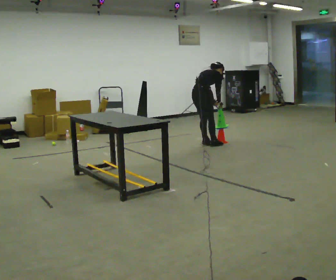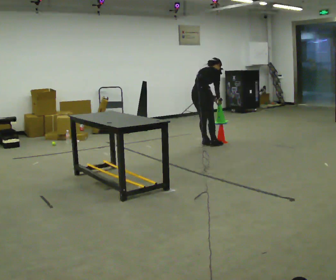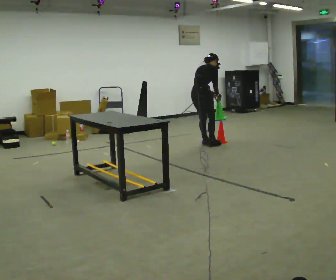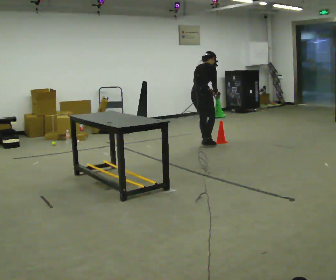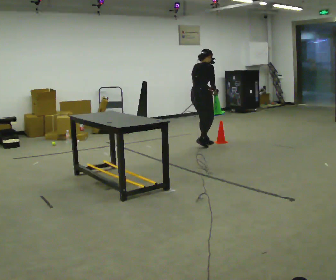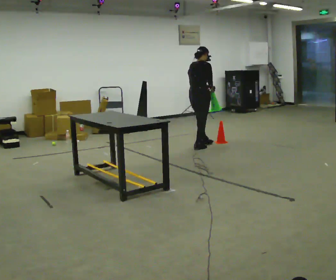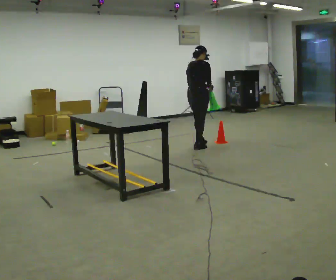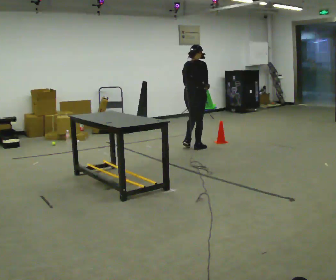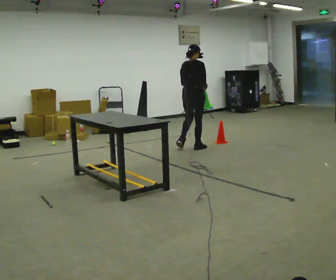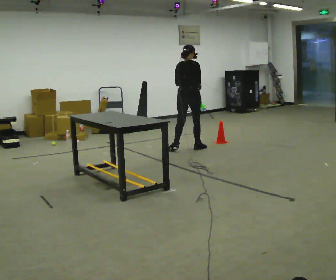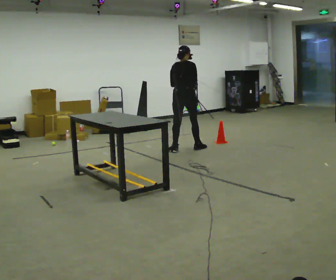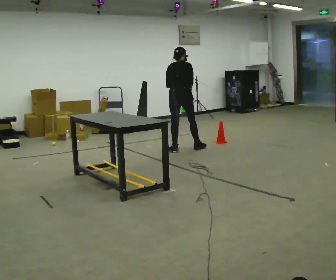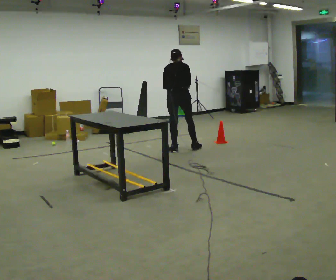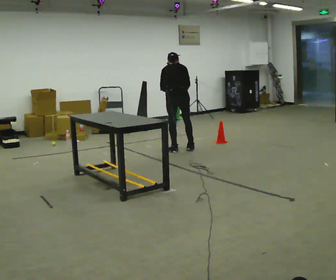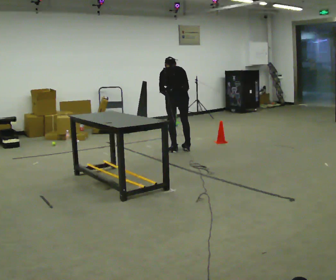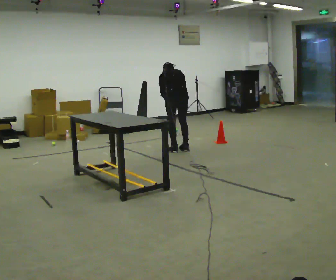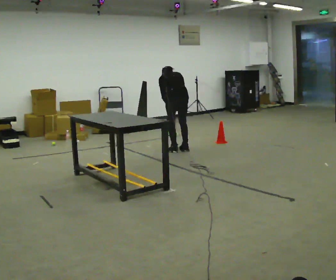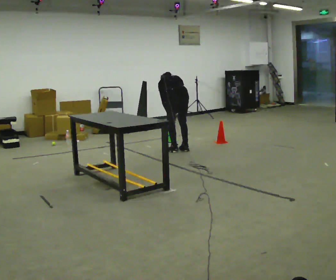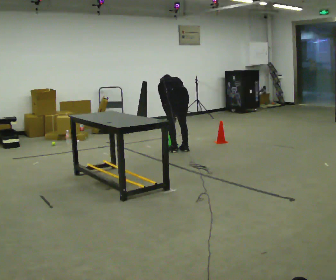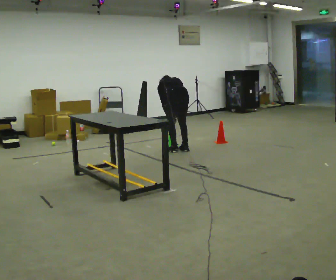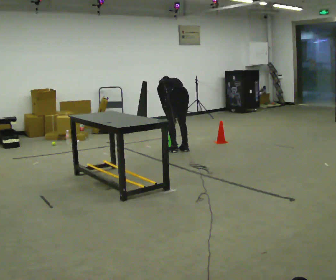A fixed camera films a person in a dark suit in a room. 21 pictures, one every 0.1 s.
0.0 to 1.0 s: The part of the body nearest the lens slides to the right as the person turns to their left by about 30 degrees. In the picture they go to the left and toward the camera, about 0.25 m in 2 steps, which for them is backward. In the picture the upper body tilts counterclockwise, shoulders to the left, as they lean back or straighten.
1.0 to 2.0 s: The part of the body nearest the lens slides to the right as the person turns to their left by about 30 degrees. In the picture they go toward the camera, about 0.25 m in 1 step, which for them is backward. The shoulders move downward. The upper body tips away from the camera, its near side rolling upward, as they bend forward. In the picture their left hand goes downward.
The film runs backward here.
